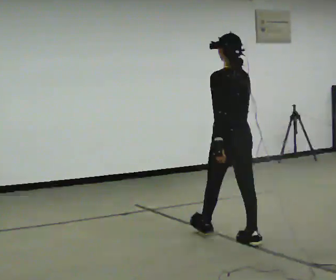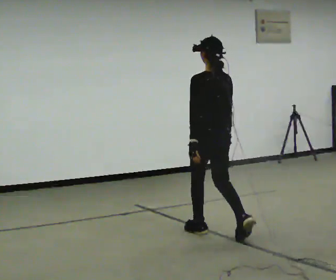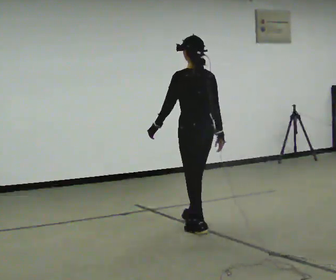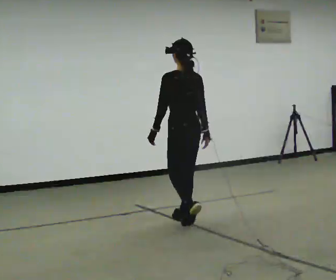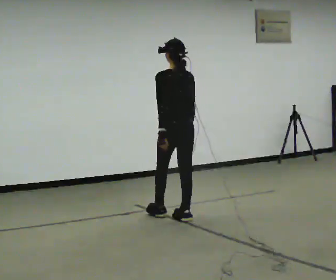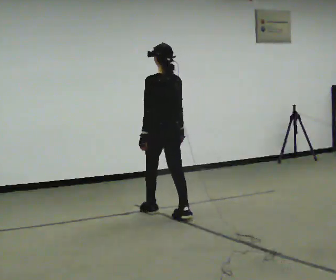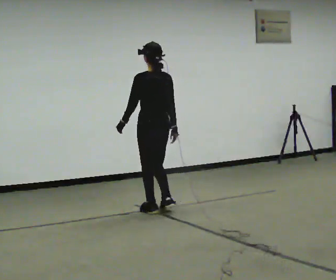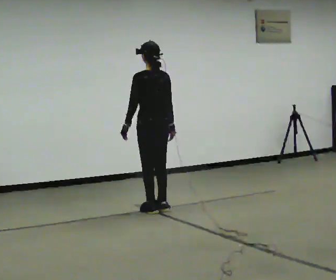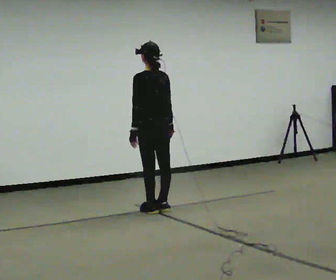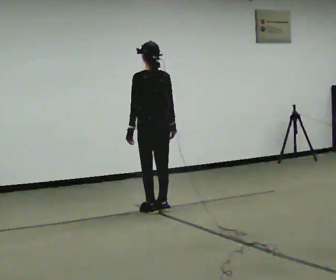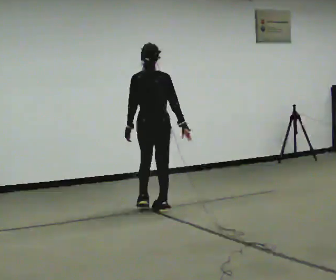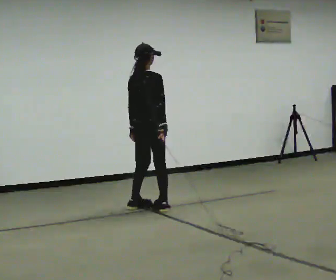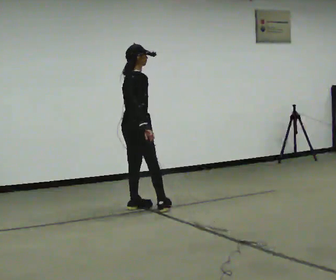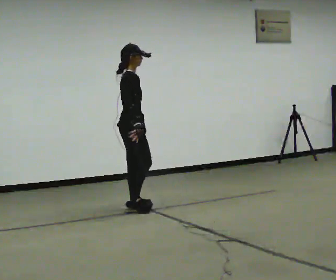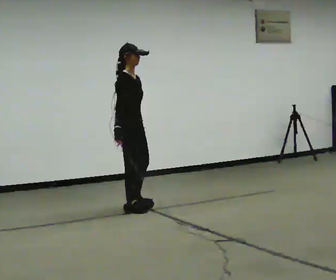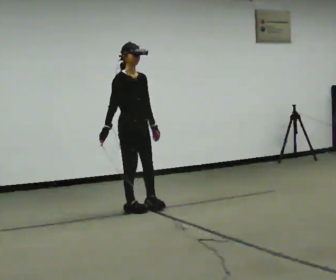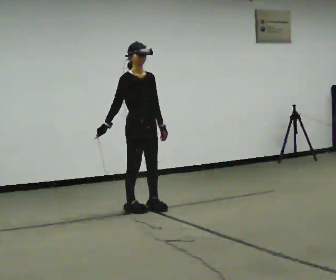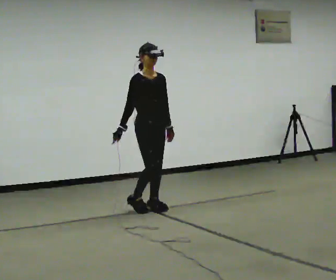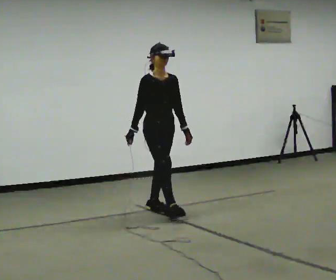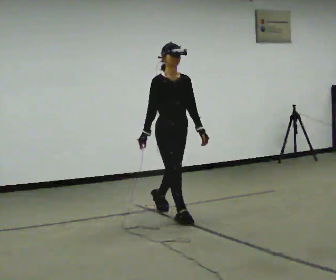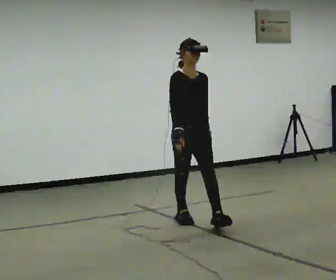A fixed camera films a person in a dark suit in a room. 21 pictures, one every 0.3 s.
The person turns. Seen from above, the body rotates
clockwise.
The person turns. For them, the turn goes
to their right.
0.0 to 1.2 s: In the picture they go away from the camera and to the left, about 1 m in 2 steps, which for them is forward.
1.2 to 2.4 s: In the picture they go away from the camera and to the left, about 0.5 m in 2 steps, which for them is forward.
2.4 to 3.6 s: The person turns about 90 degrees to their right, clockwise seen from above, so the part of the body nearest the lens slides to the left. In the picture they go to the left, about 0.25 m in 1 step.
3.6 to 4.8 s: The person turns about 75 degrees to their right, clockwise seen from above, so the part of the body nearest the lens slides to the left. In the picture their right hand goes to the left, the arm swinging clockwise.
4.8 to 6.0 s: In the picture they go toward the camera and to the right, about 1 m in 1 step, which for them is forward.
The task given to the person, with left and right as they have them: Start still; walk straight at normal comfortable speed; stop at endpoint.
The film runs forward here.
